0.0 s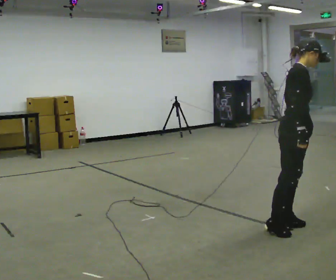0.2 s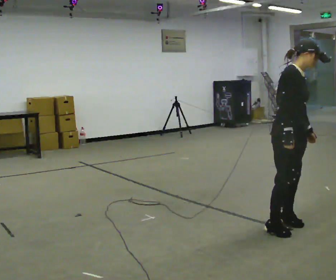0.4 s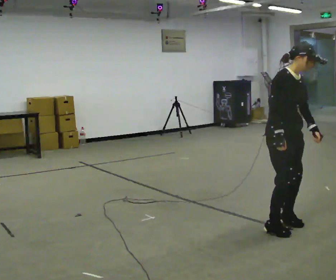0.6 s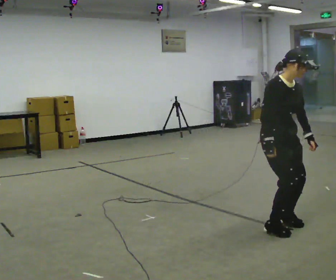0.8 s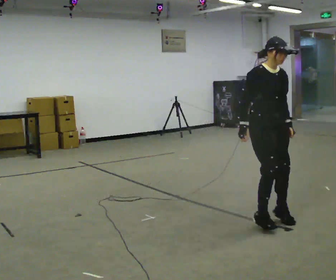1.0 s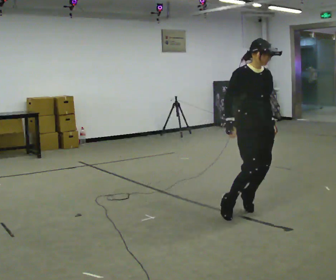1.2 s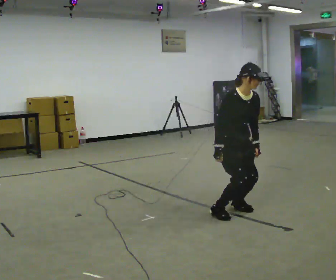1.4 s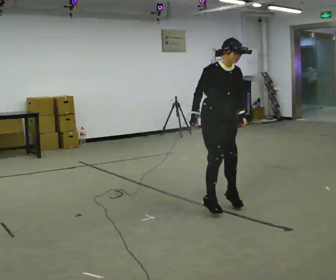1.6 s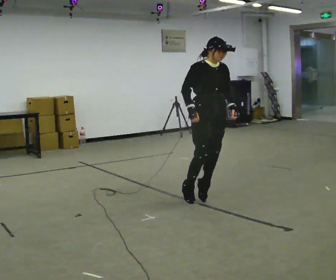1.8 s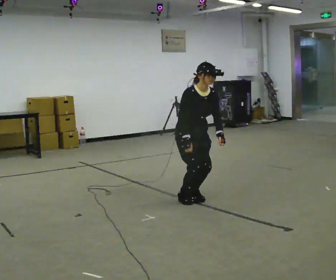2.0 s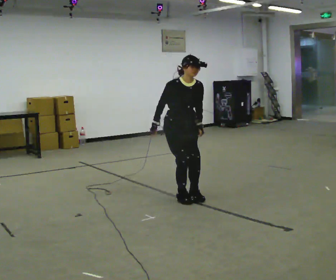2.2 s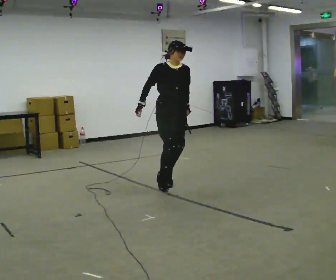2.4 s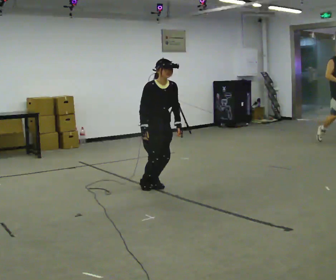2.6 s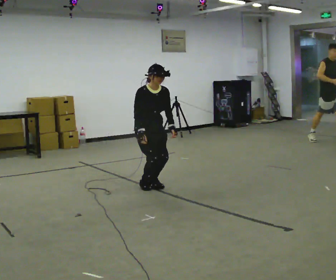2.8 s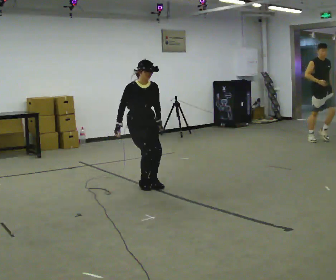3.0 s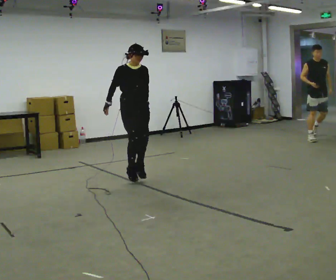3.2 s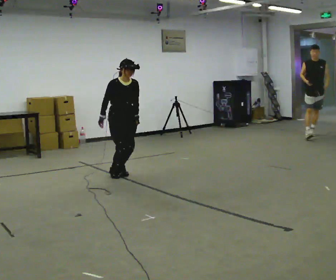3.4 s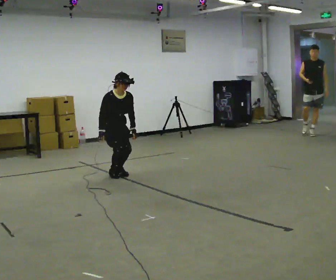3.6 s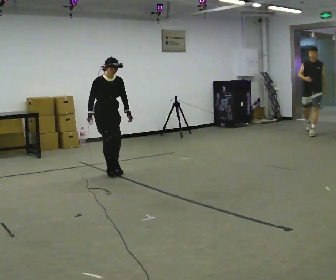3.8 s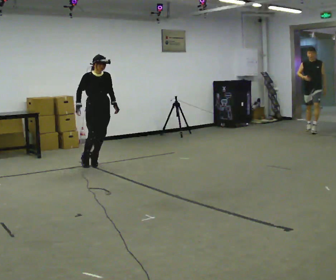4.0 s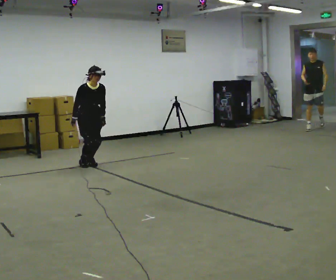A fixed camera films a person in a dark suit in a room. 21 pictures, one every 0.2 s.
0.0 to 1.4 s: The part of the body nearest the lens slides to the left as the person turns to their right by about 45 degrees. In the picture they go away from the camera and to the left, about 1 m in 4 steps, which for them is backward.
1.4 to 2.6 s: In the picture they go away from the camera and to the left, about 1 m in 2 steps, which for them is backward.
2.6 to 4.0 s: In the picture they go away from the camera and to the left, about 1.5 m in 4 steps, which for them is backward.
The film runs backward here.
